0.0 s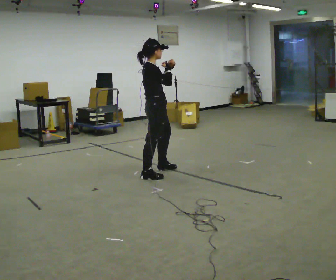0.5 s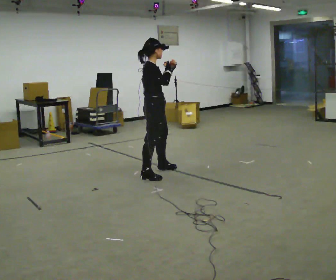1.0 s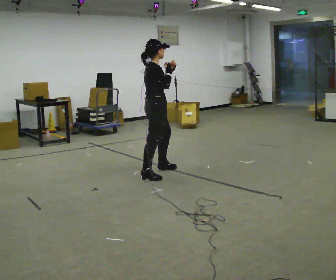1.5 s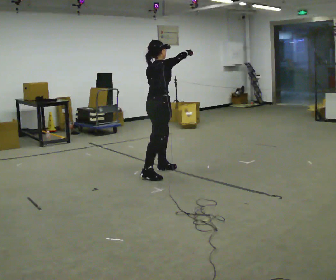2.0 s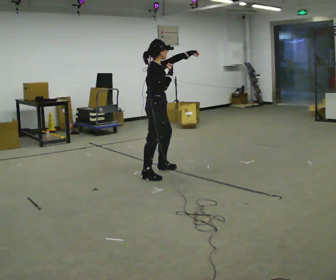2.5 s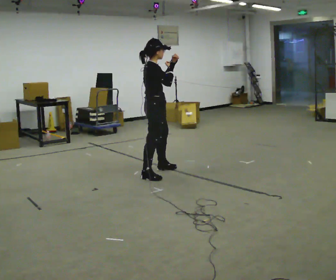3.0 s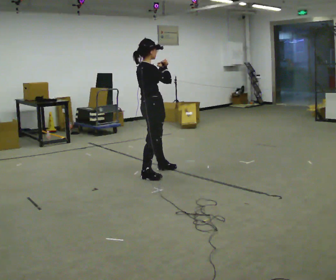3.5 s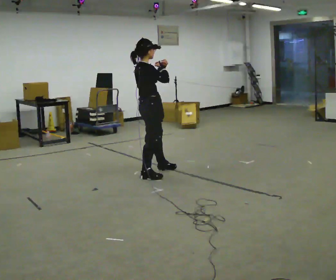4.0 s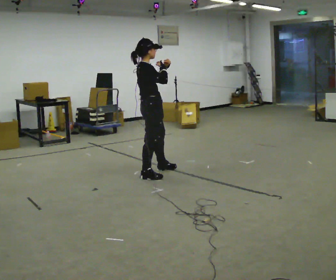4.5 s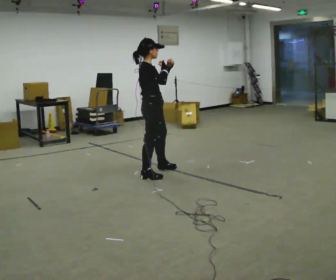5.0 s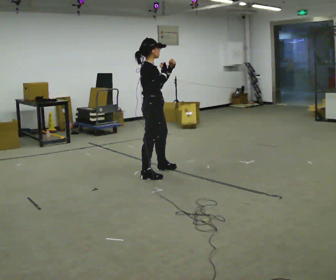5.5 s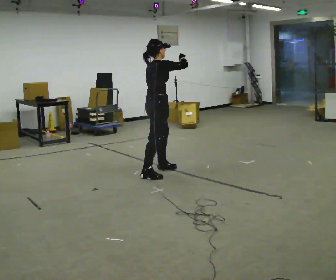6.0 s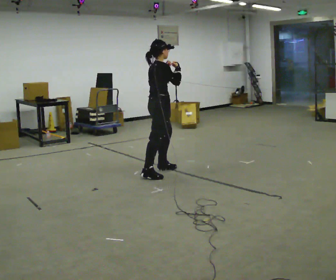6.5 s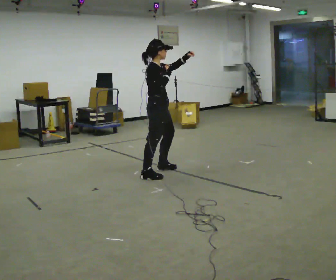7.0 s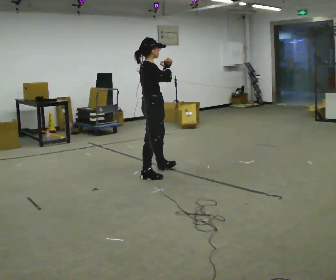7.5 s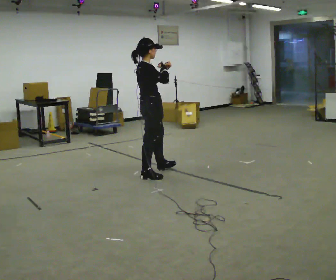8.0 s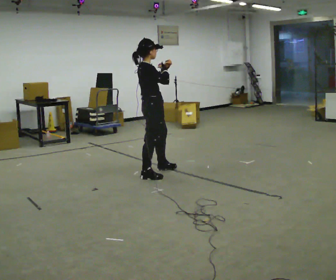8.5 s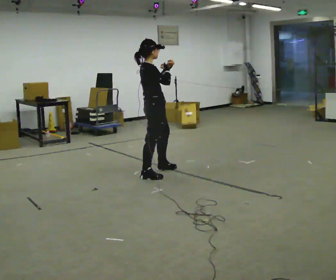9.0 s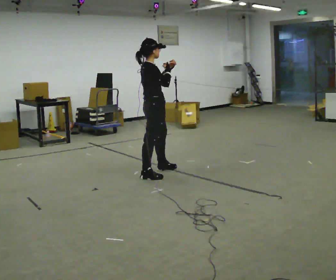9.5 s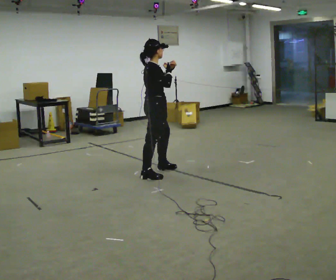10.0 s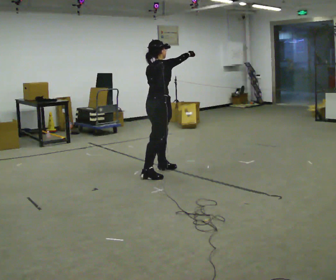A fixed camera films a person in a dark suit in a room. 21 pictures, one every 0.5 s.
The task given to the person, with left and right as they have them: Mimic boxing into the air at moderate speed with both hands, moving your feet only a little. Stay controlled; do not punch at full speed.
0.0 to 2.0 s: The person moves a little, or ends about where they began.
2.0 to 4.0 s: In the picture their left hand goes to the left.
4.0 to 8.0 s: The person moves a little, or ends about where they began.
8.0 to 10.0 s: The person turns about 30 degrees to their left, counterclockwise seen from above, so the part of the body nearest the lens slides to the right. In the picture their right hand goes to the right.
The film runs forward here.
